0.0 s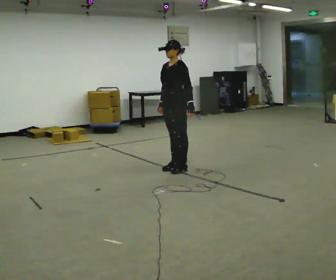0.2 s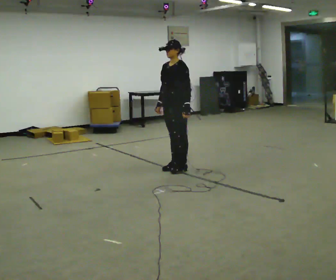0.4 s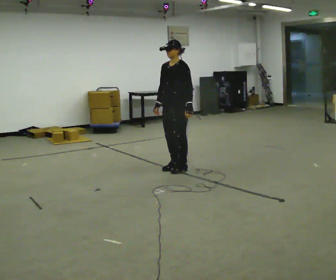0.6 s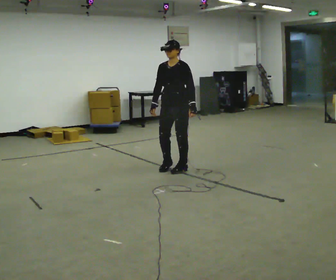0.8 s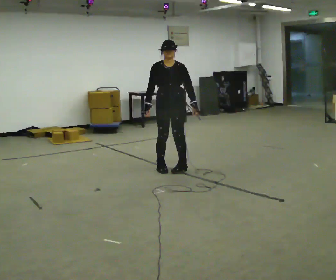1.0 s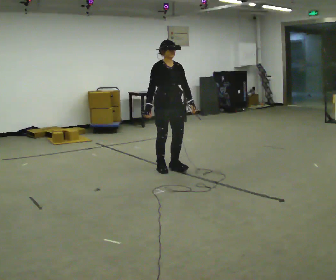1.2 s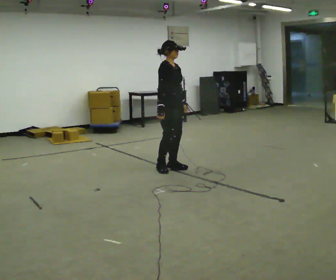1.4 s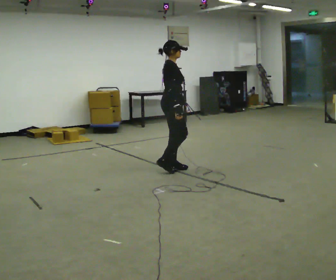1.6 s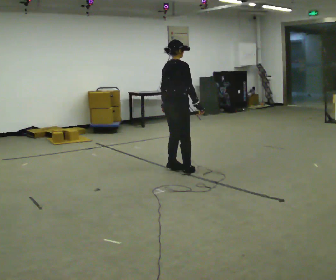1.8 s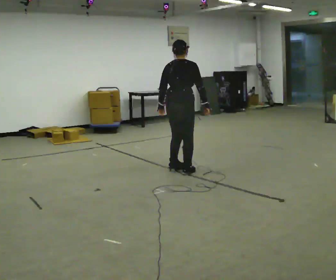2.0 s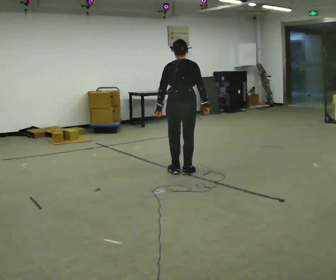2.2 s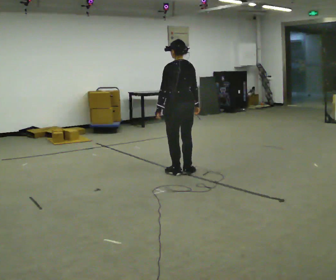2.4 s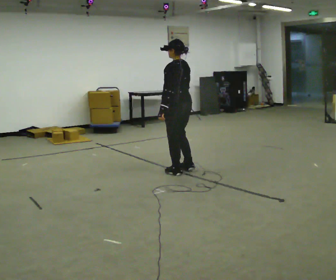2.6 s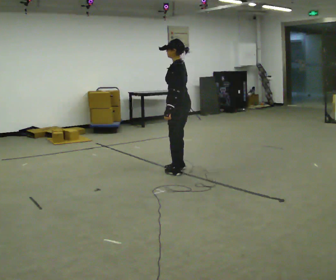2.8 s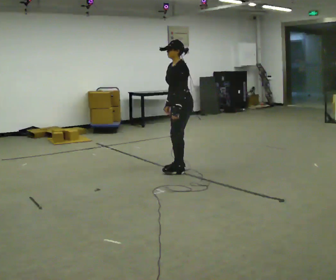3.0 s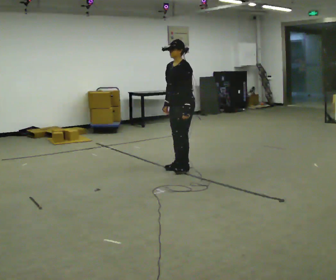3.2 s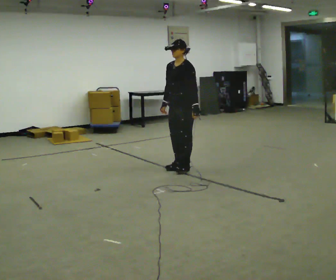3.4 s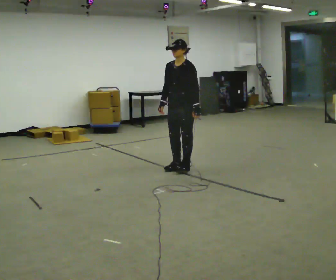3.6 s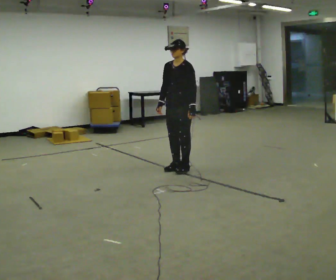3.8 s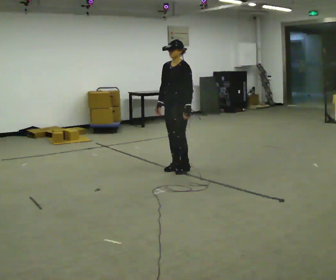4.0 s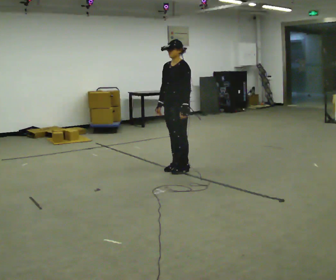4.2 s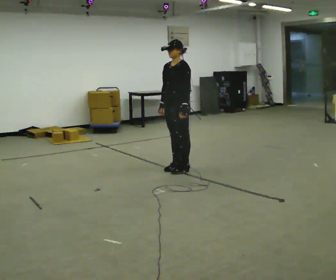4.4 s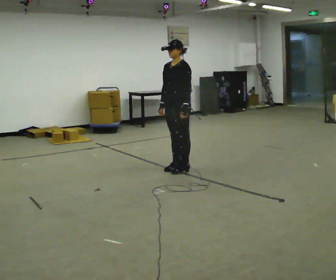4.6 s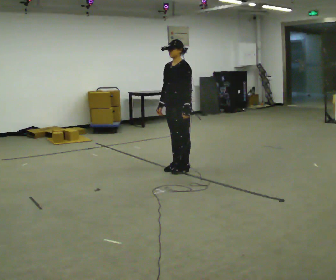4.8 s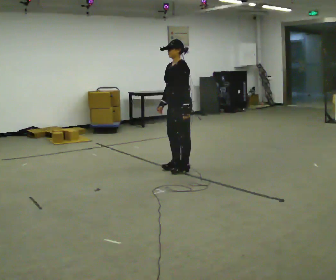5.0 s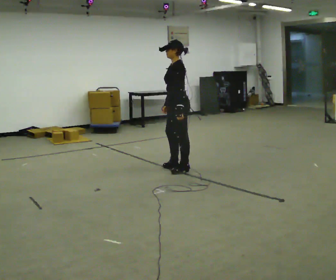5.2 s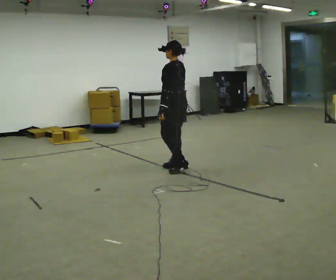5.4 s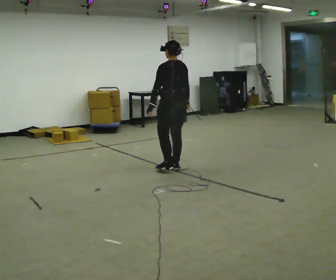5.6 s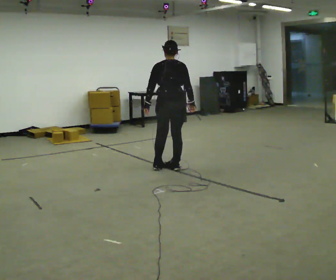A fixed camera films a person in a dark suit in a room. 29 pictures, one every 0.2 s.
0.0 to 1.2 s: Seen from above the body turns counterclockwise, about 120 degrees: to their left, with its near side sliding to the right.
1.2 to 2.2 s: The part of the body nearest the lens slides to the right as the person turns to their left by about 150 degrees. In the picture they go toward the camera, about 0.25 m in 2 steps. In the picture their right hand goes to the right.
2.2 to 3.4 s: Seen from above the body turns counterclockwise, about 105 degrees: to their left, with its near side sliding to the right. In the picture they go away from the camera, about 0.25 m in 2 steps. In the picture their right hand goes to the left, the arm swinging clockwise.
3.4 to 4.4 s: The person moves a little, or ends about where they began.
4.4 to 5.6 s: The person turns about 120 degrees to their right, clockwise seen from above, so the part of the body nearest the lens slides to the left. In the picture their left hand goes to the left.
The film runs forward here.
